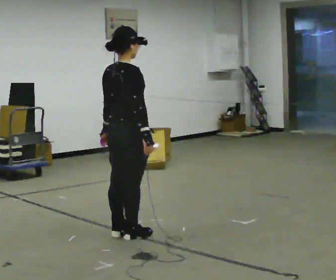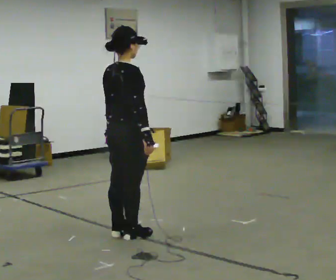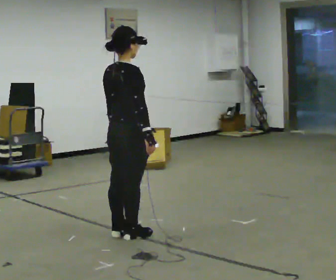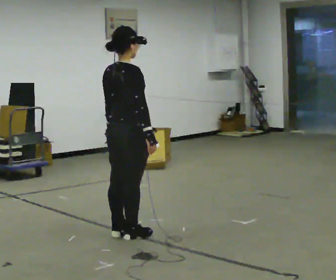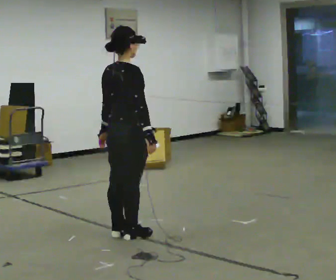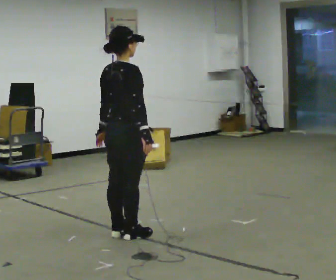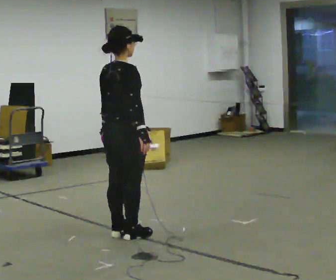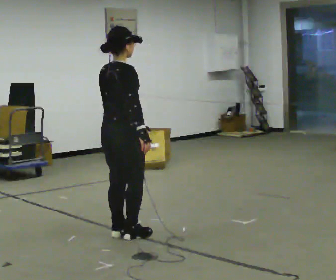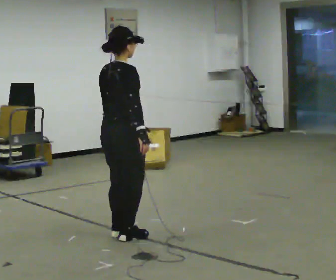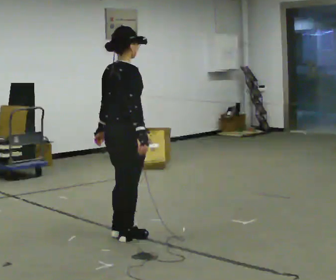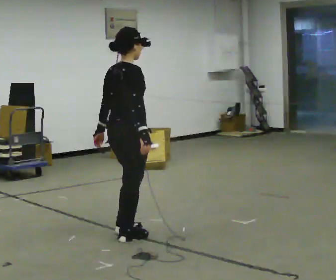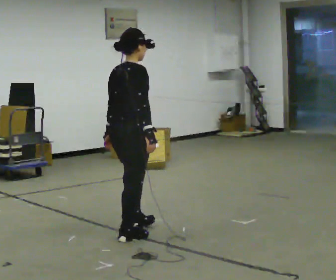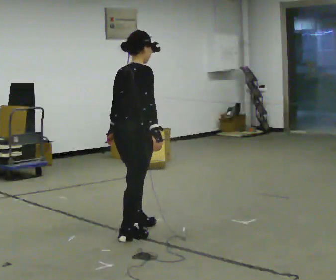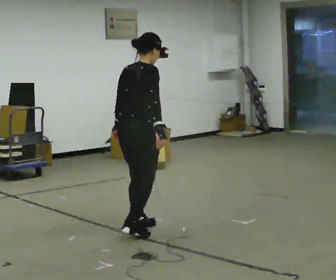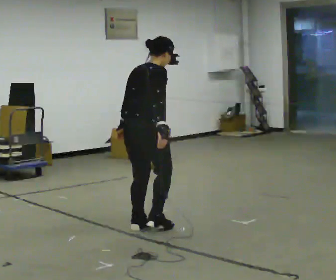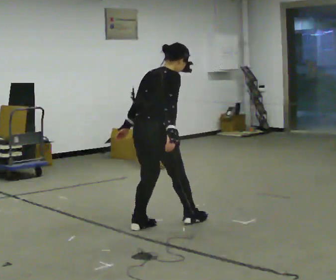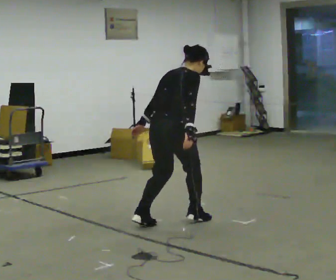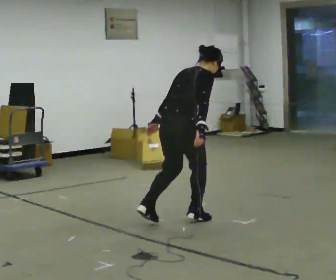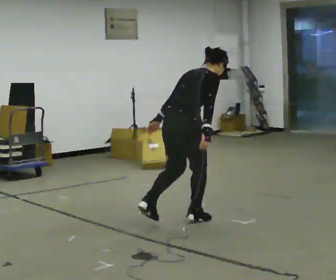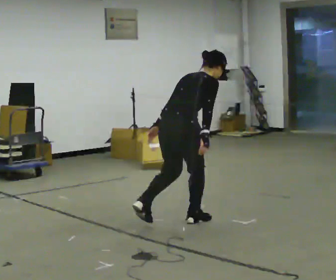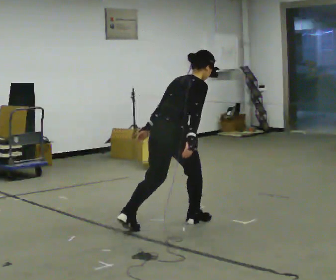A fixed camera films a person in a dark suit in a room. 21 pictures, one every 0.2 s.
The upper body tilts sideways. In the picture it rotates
clockwise.
0.0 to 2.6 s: The person moves a little, or ends about where they began.
2.6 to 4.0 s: In the picture they go to the right and away from the camera, about 0.25 m in 1 step, which for them is forward. In the picture the upper body tilts clockwise, shoulders to the right, as they bend forward.
The film runs backward here.
